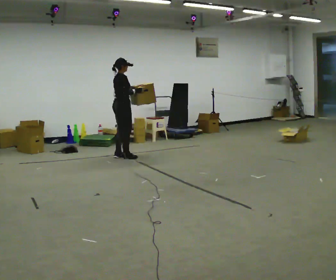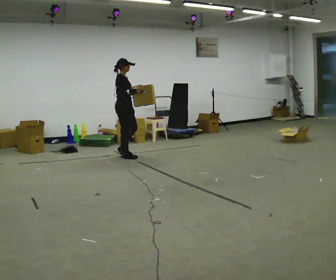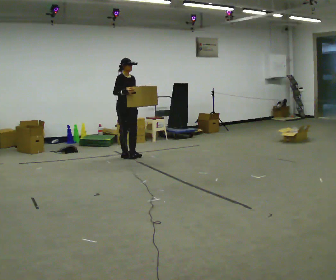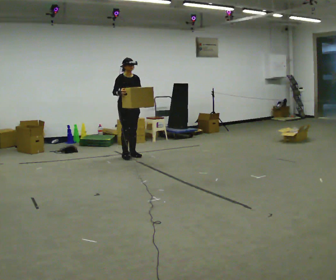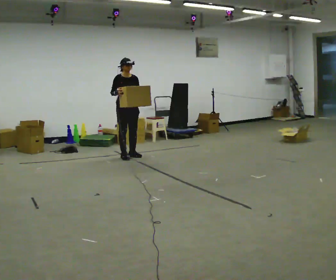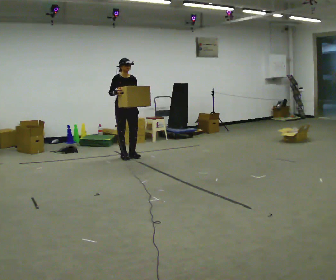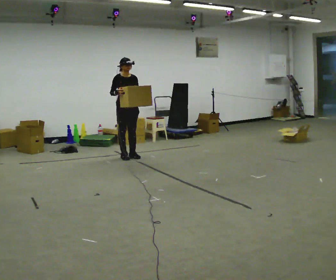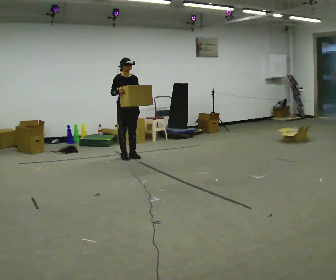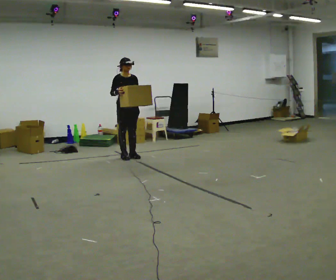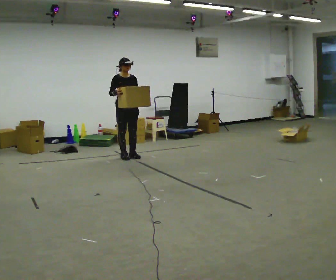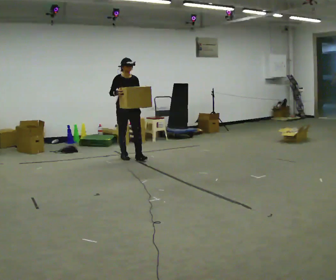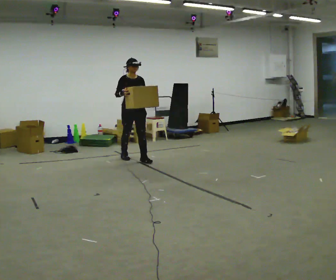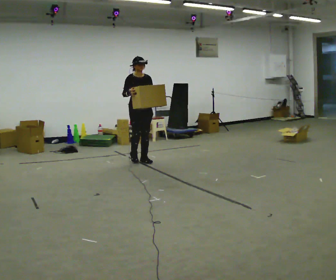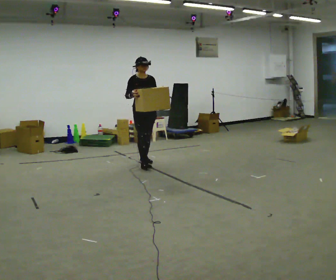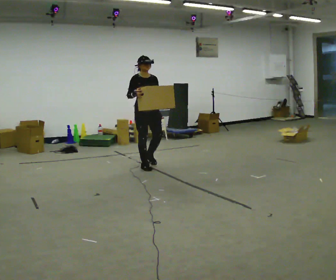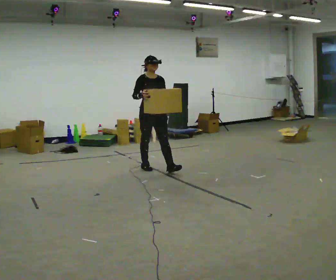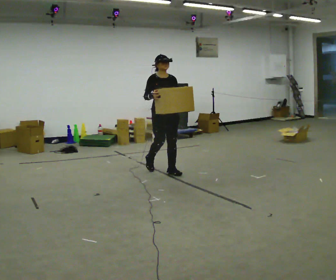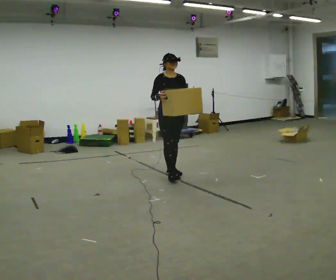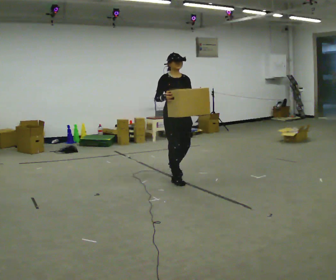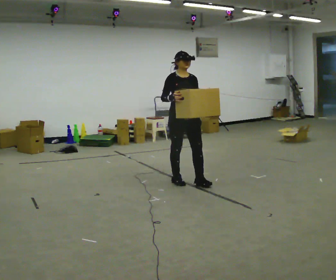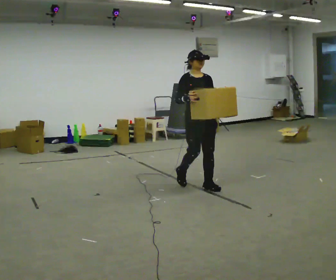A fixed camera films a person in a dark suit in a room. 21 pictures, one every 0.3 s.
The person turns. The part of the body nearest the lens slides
to the left.
The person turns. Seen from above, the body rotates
clockwise.
0.0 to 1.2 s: The person turns about 75 degrees to their right, clockwise seen from above, so the part of the body nearest the lens slides to the left. In the picture their right hand goes to the left.
1.2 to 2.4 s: The person moves a little, or ends about where they began.
2.4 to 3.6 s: In the picture they go toward the camera and to the right, about 0.25 m in 1 step, which for them is forward.
3.6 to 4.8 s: In the picture they go toward the camera and to the right, about 1 m in 2 steps, which for them is forward.
4.8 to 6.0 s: In the picture they go toward the camera and to the right, about 1 m in 2 steps, which for them is forward.
The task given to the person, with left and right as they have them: Carry the heavy box in both hands in front of you, walking back and forth across the room. Keep walking until the operator says stop. Set it down if you need a rest.
The film runs forward here.
